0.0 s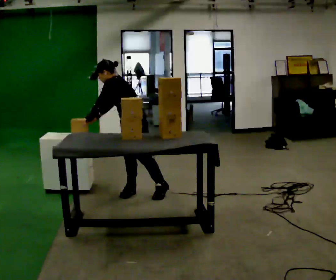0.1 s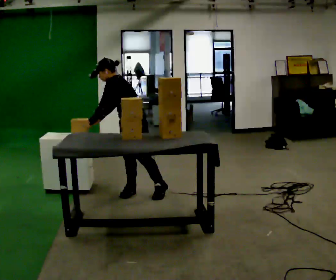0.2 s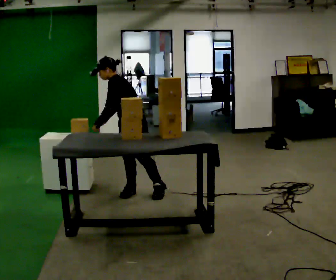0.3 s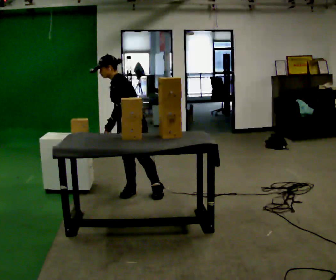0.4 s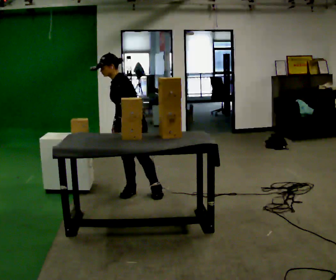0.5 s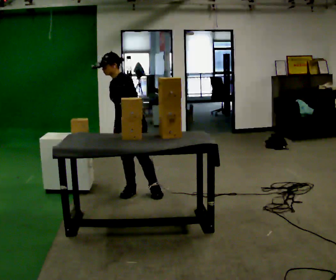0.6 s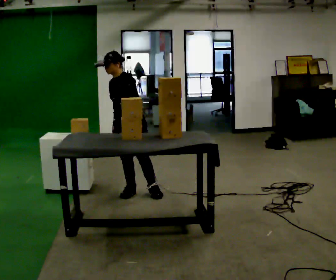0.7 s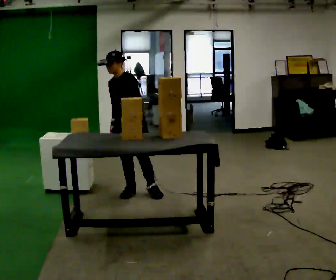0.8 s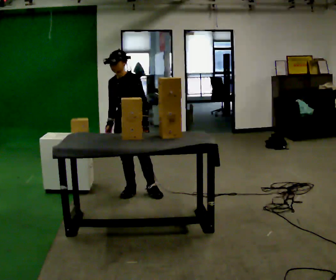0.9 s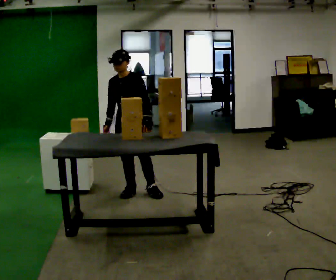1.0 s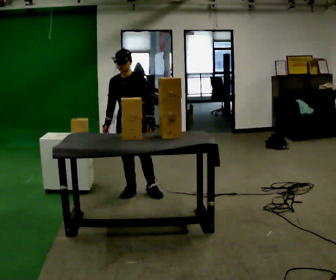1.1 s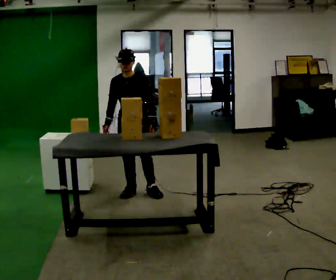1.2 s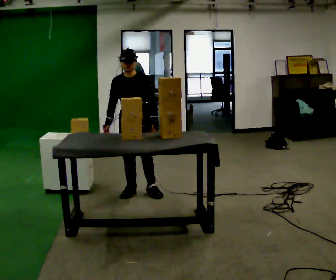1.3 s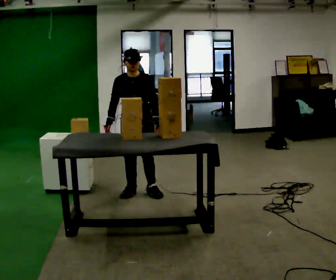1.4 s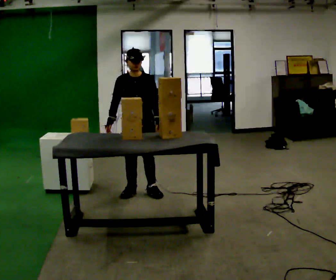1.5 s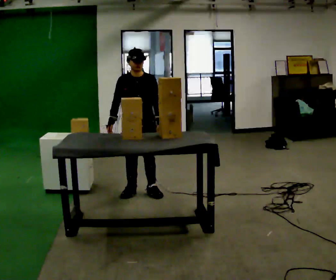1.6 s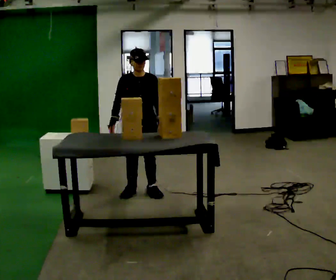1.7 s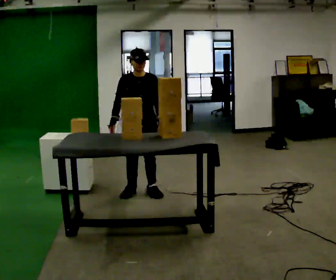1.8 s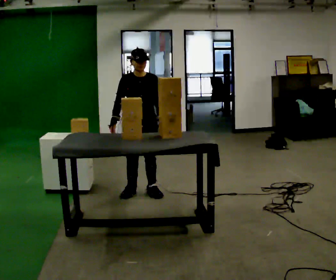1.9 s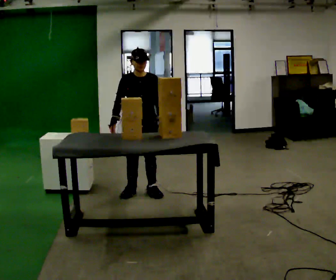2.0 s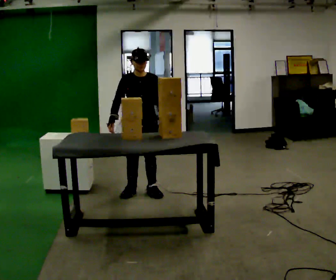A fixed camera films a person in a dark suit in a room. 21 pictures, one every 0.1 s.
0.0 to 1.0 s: Seen from above the body turns counterclockwise, about 75 degrees: to their left, with its near side sliding to the right. In the picture the upper body tilts clockwise, shoulders to the right, as they lean back or straighten. In the picture their left hand goes to the right, the arm swinging counterclockwise.
1.0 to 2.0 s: The person moves a little, or ends about where they began.
The film runs forward here.
